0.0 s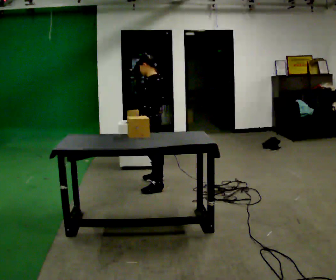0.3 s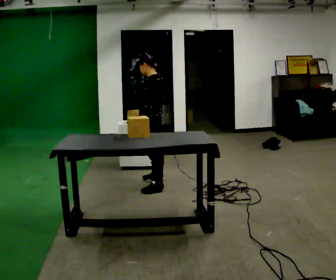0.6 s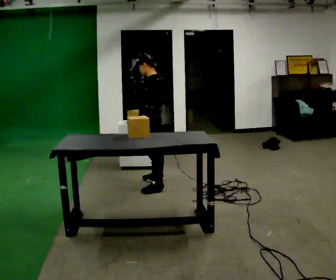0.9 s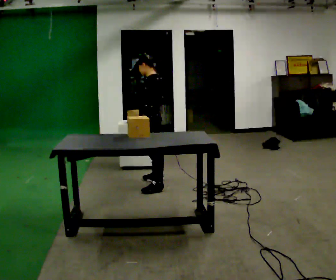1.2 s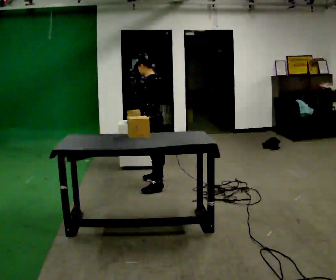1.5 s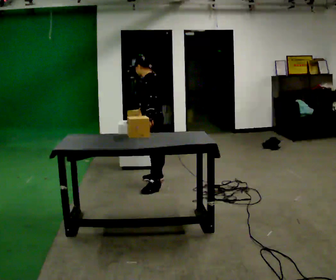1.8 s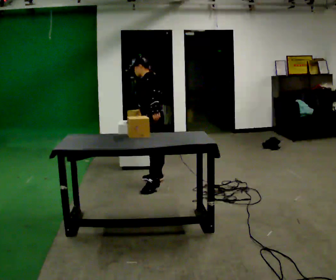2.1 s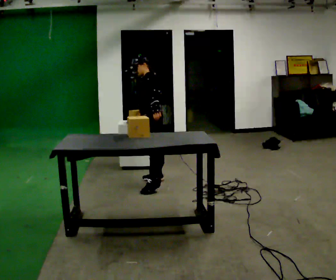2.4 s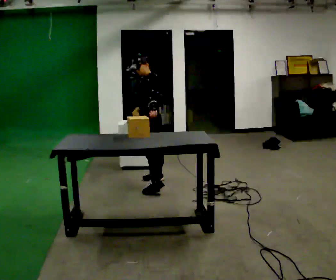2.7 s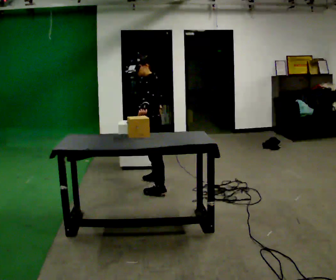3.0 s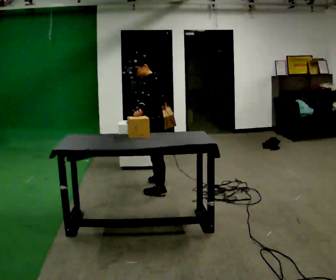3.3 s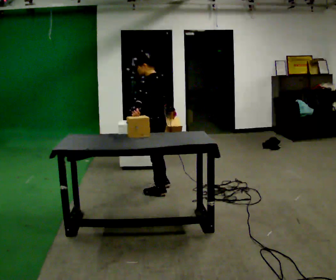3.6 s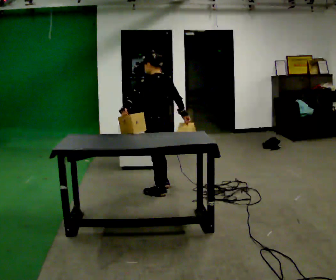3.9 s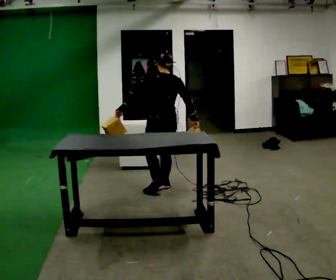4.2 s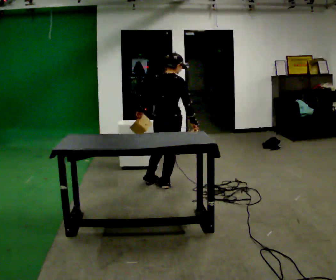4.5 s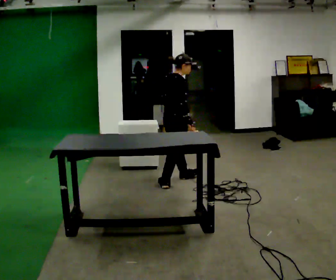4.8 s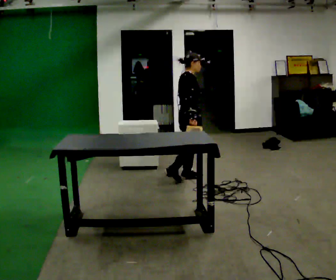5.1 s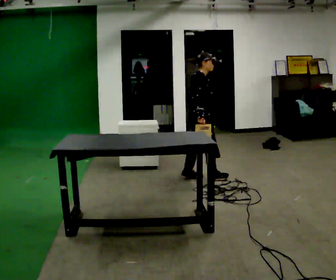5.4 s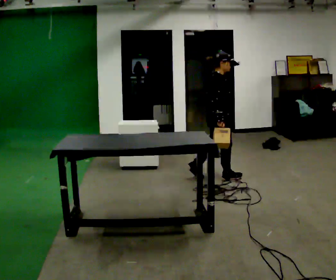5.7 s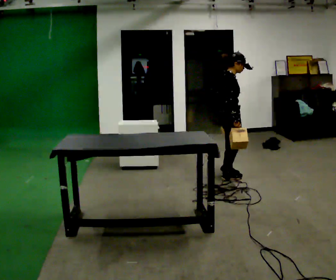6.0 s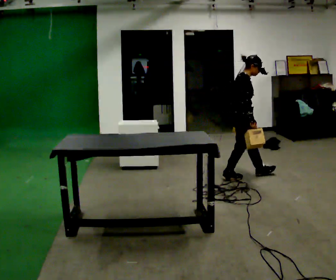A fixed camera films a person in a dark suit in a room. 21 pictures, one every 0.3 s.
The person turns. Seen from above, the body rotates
clockwise.
The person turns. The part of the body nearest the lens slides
to the left.
0.0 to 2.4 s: The person moves a little, or ends about where they began.
2.4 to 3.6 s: The person turns about 45 degrees to their right, clockwise seen from above, so the part of the body nearest the lens slides to the left. In the picture they go toward the camera, about 0.25 m in 1 step, which for them is to their left. In the picture their right hand goes to the right.
3.6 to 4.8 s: The part of the body nearest the lens slides to the left as the person turns to their right by about 135 degrees. In the picture they go away from the camera and to the right, about 0.5 m in 1 step.
4.8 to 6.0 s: In the picture they go to the right, about 0.5 m in 2 steps, which for them is forward.
The film runs forward here.
